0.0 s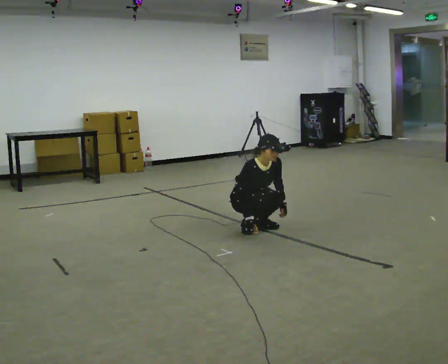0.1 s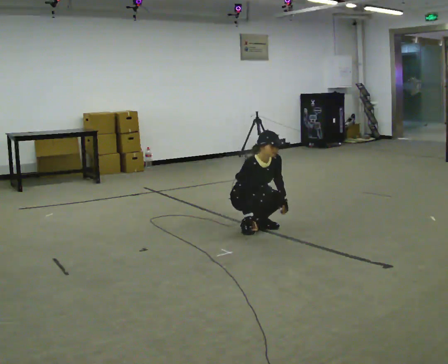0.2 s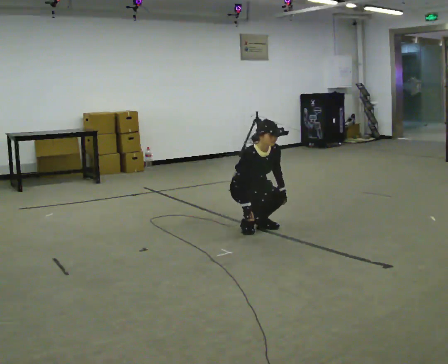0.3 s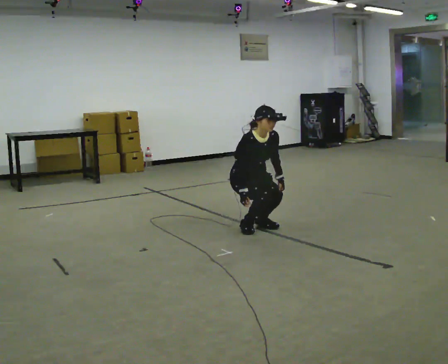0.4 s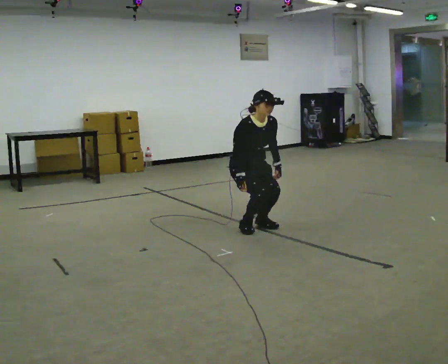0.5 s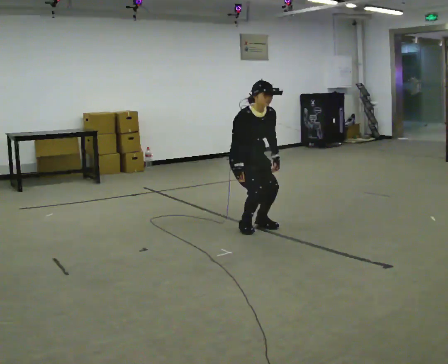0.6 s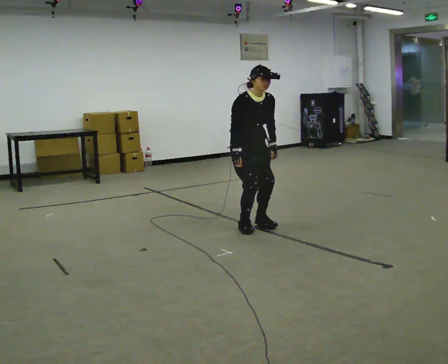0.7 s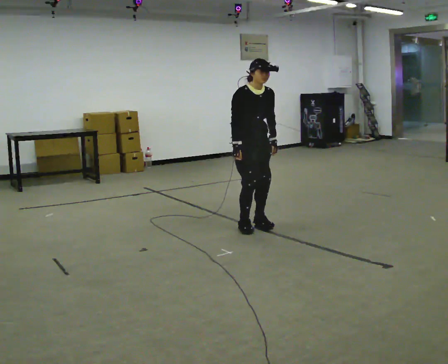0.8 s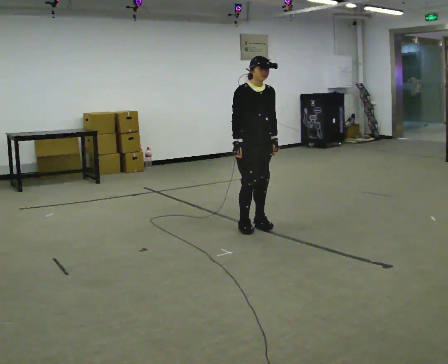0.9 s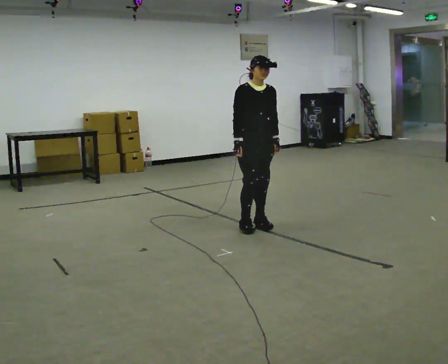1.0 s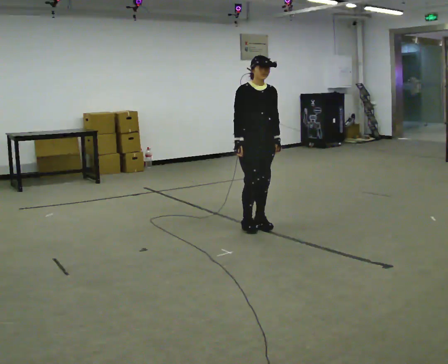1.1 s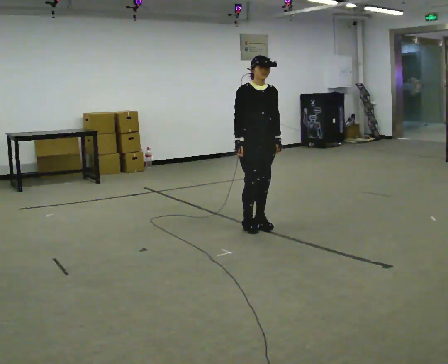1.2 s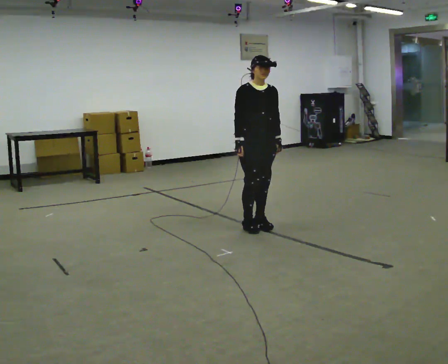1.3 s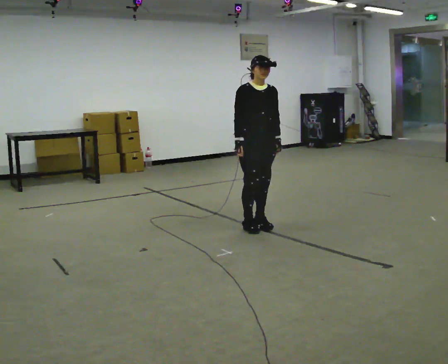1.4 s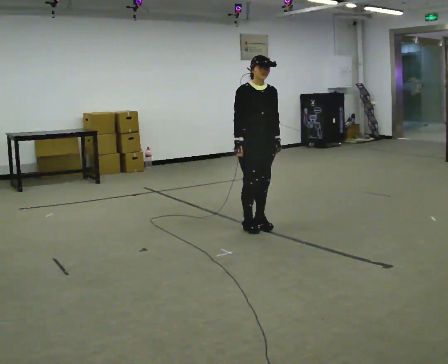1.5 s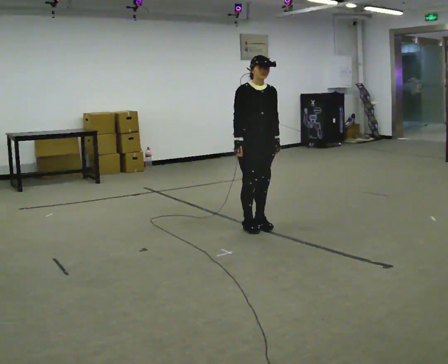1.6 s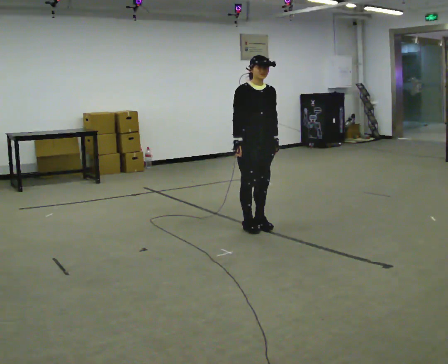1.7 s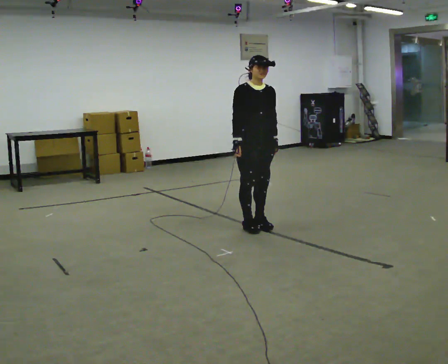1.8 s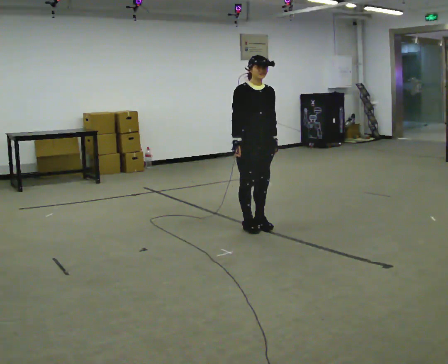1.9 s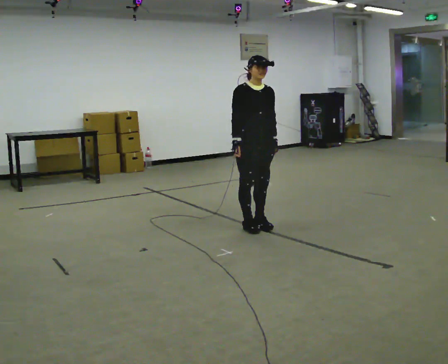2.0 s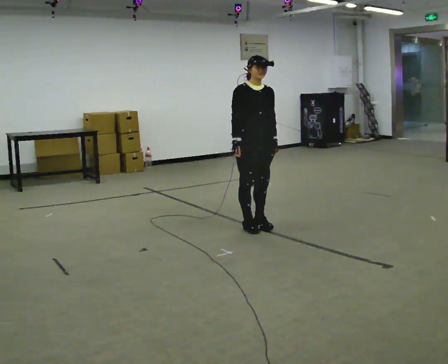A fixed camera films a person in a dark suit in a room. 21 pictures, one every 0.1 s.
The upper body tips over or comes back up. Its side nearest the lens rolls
upward.
Their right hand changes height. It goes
upward.
0.0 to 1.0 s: The shoulders move upward. The upper body tips away from the camera, its near side rolling upward, as they lean back or straighten. In the picture their left hand goes upward.
1.0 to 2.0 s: The person moves a little, or ends about where they began.
The film runs backward here.
